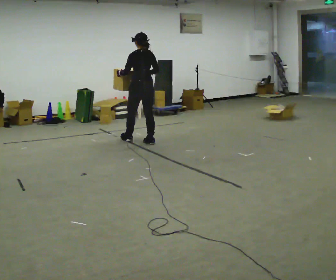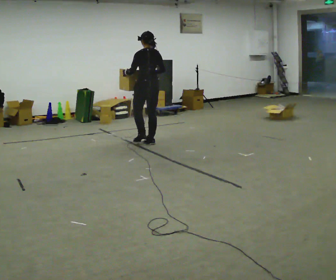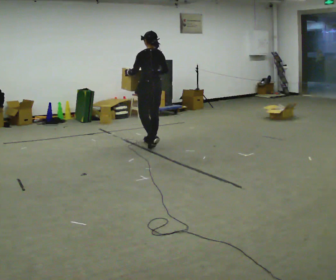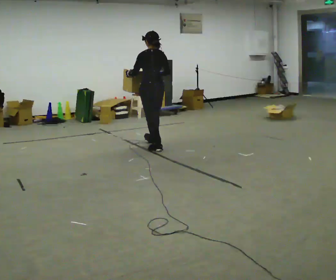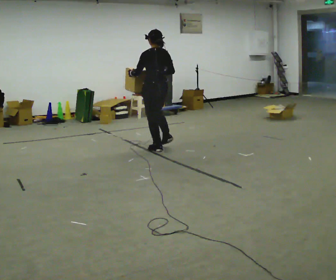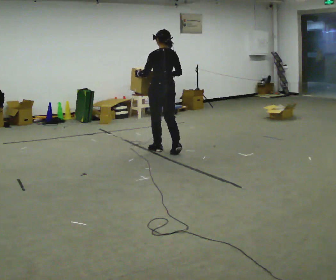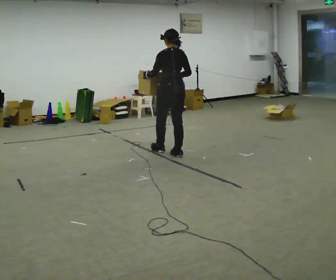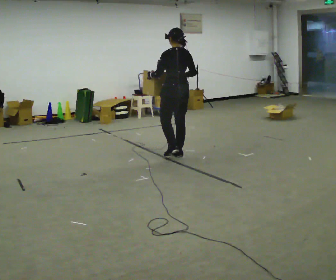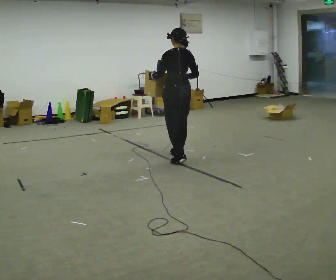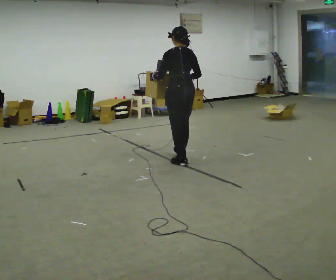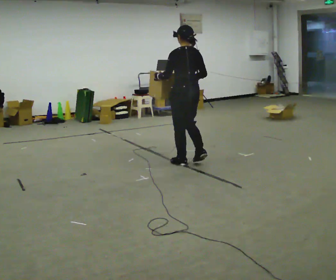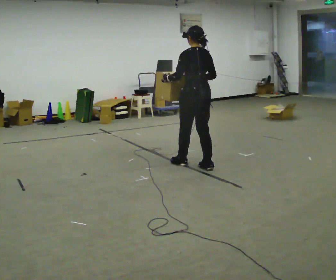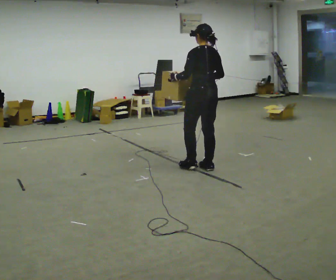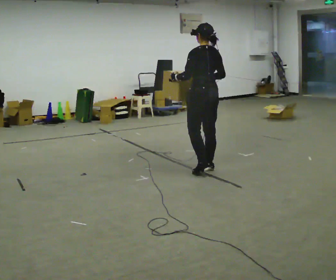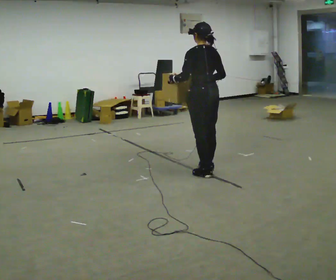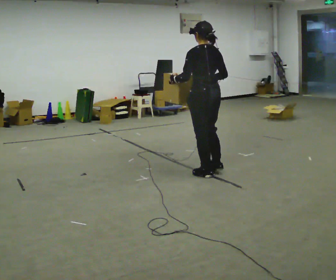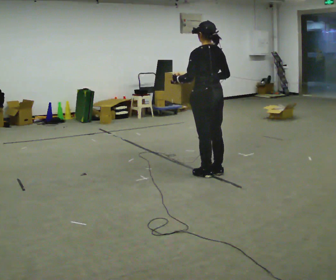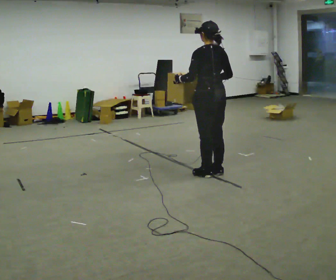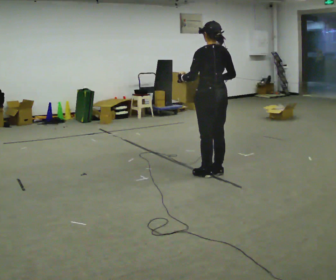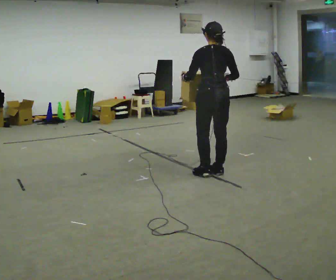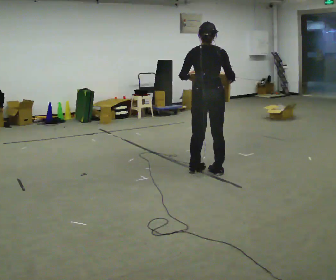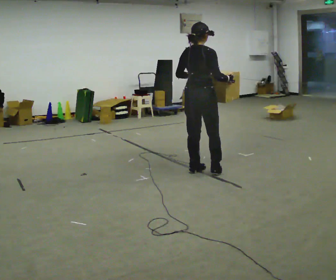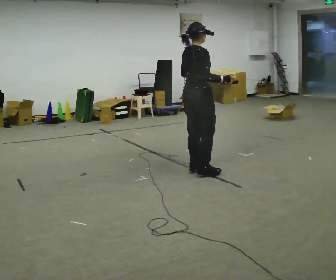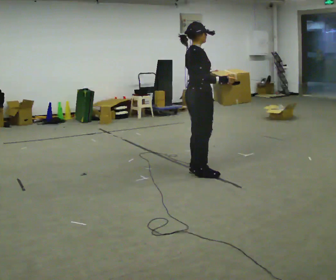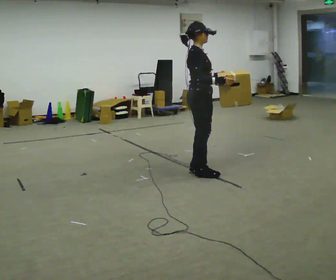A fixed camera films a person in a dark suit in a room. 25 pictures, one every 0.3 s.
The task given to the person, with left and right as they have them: Carry the box while walking backward. The operator confirms the space behind you is clear before each take.
0.0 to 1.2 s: In the picture they go toward the camera and to the right, about 0.5 m in 1 step, which for them is backward.
1.2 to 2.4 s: In the picture they go toward the camera and to the right, about 0.5 m in 2 steps, which for them is backward.
2.4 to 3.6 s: In the picture they go toward the camera and to the right, about 0.5 m in 1 step, which for them is backward.
3.6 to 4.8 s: In the picture they go toward the camera, about 0.25 m in 2 steps, which for them is backward.
4.8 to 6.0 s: The person turns about 45 degrees to their right, clockwise seen from above, so the part of the body nearest the lens slides to the left.
6.0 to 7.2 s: Seen from above the body turns clockwise, about 75 degrees: to their right, with its near side sliding to the left. In the picture their left hand goes to the right.
The film runs forward here.
